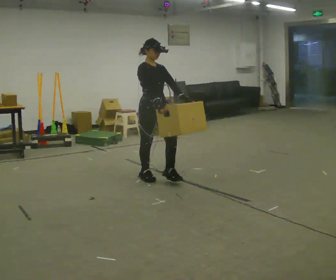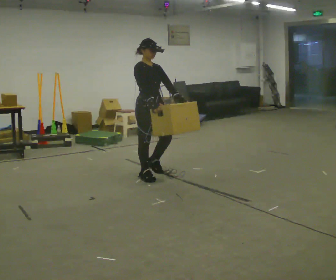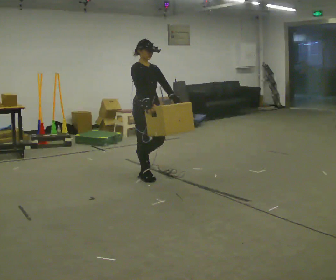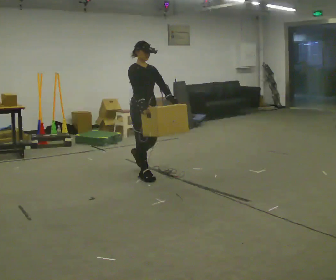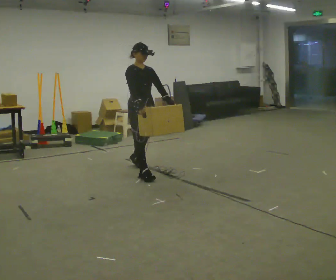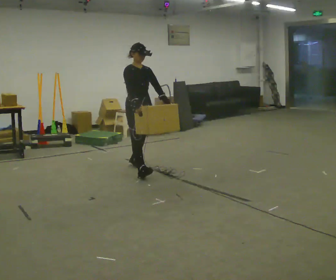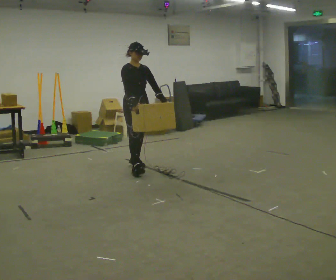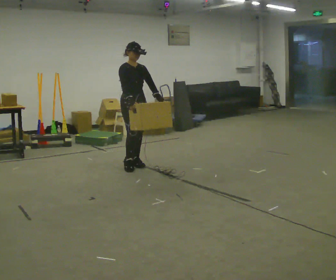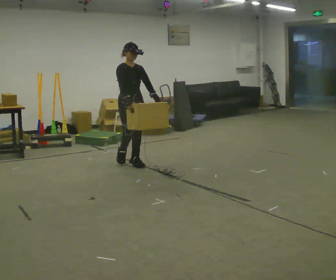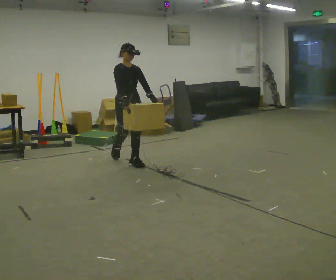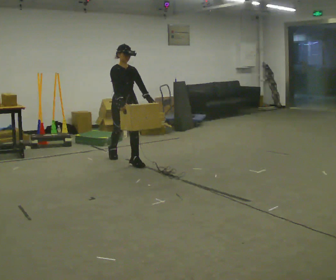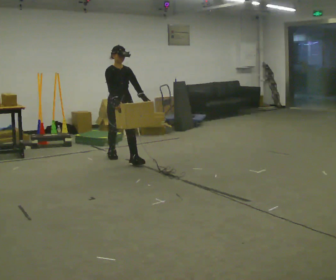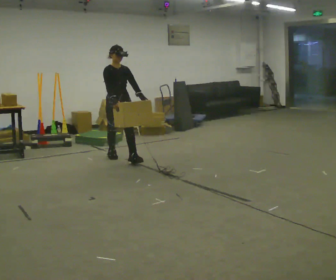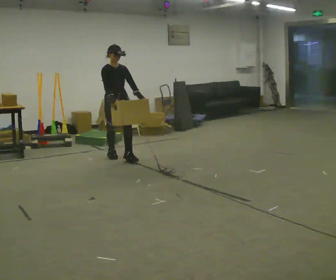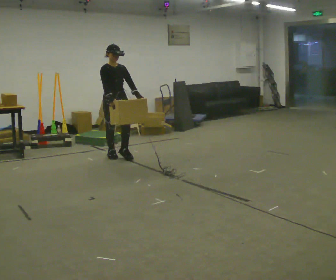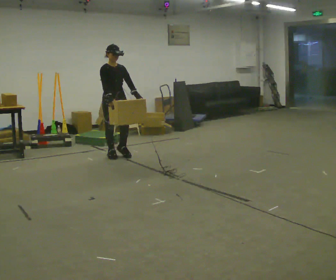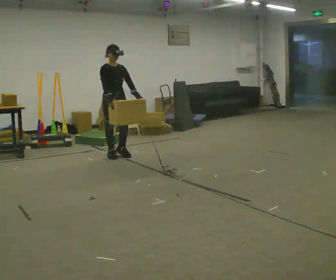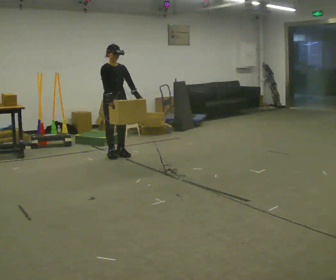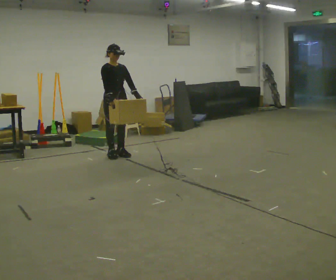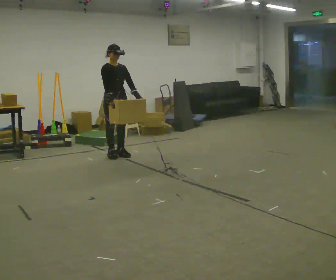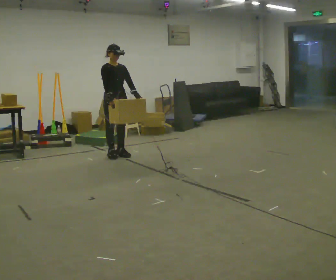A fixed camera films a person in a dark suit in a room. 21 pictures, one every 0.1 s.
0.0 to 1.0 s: In the picture they go away from the camera and to the left, about 1 m in 1 step, which for them is backward.
1.0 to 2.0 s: In the picture they go away from the camera and to the left, about 0.5 m in 1 step, which for them is backward.
The film runs backward here.
